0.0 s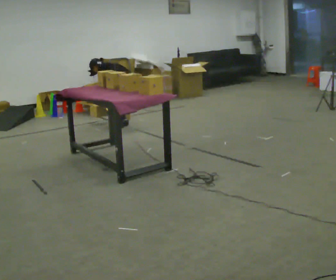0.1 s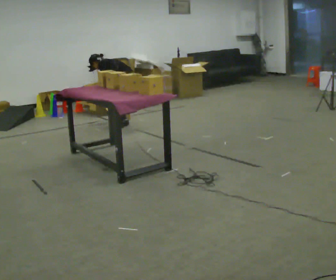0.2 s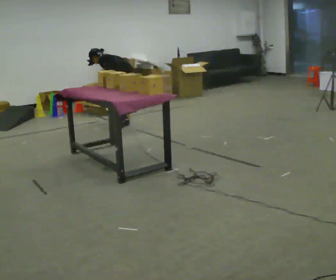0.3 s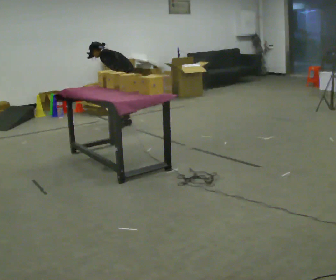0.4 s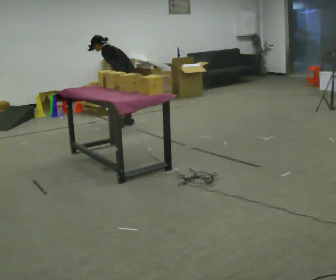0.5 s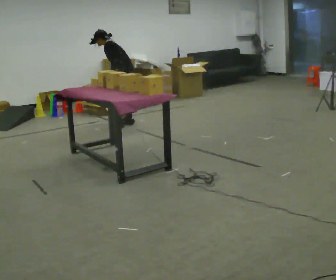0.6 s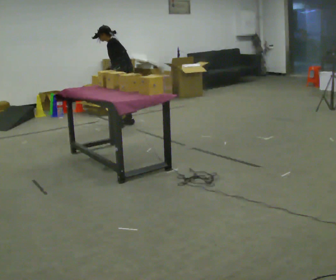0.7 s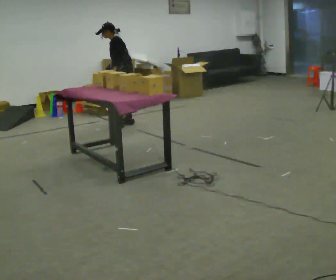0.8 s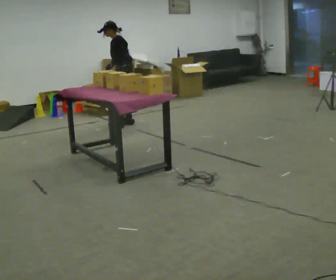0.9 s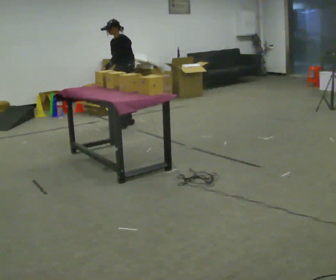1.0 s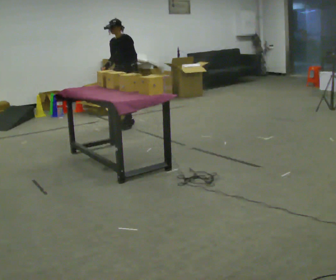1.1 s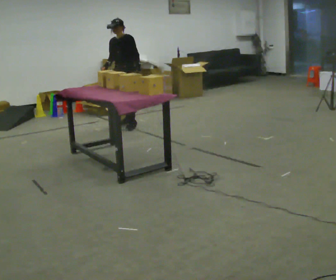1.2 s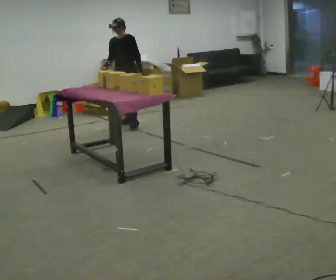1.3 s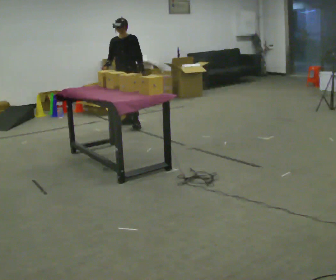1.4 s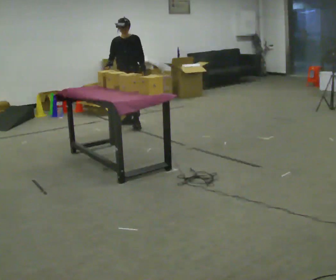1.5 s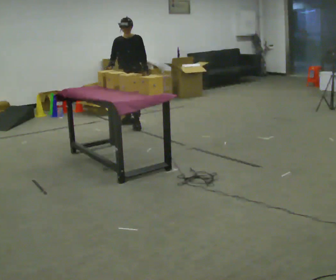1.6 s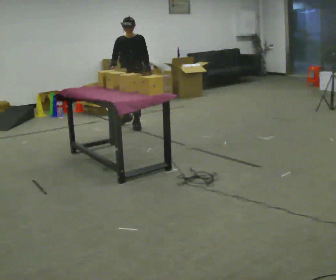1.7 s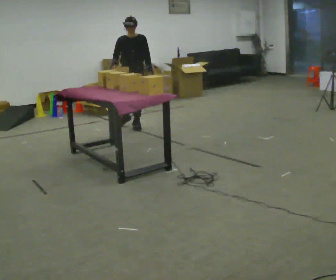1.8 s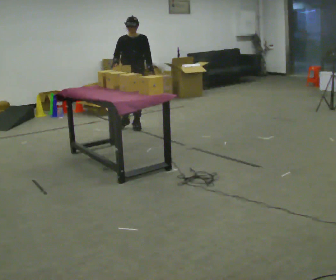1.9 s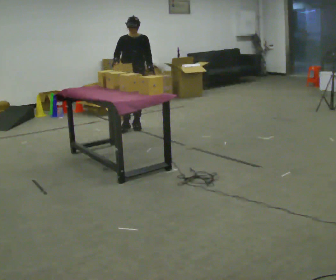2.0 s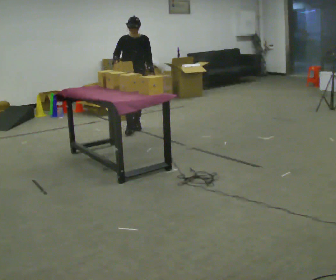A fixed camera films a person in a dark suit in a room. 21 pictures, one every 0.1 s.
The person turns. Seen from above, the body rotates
counterclockwise.
Their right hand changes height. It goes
upward.
0.0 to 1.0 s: The person turns about 75 degrees to their left, counterclockwise seen from above, so the part of the body nearest the lens slides to the right. The shoulders move upward. In the picture the upper body tilts clockwise, shoulders to the right, as they lean back or straighten. In the picture their right hand goes upward.
1.0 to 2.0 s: The part of the body nearest the lens slides to the right as the person turns to their left by about 60 degrees. In the picture they go toward the camera, about 0.25 m in 1 step, which for them is forward and to their left.
The film runs forward here.
